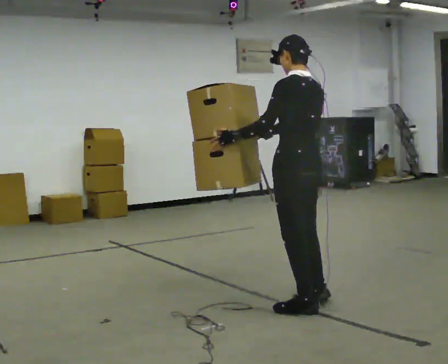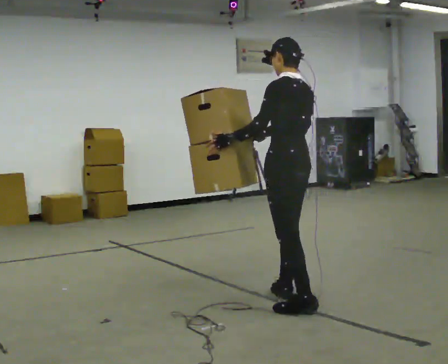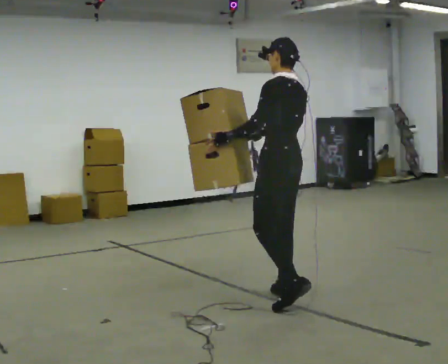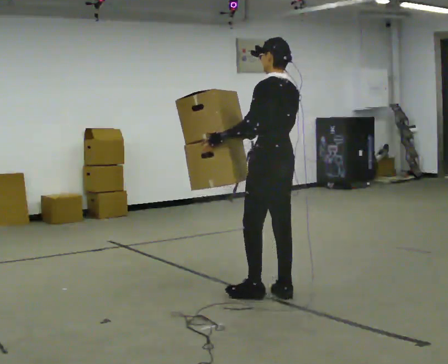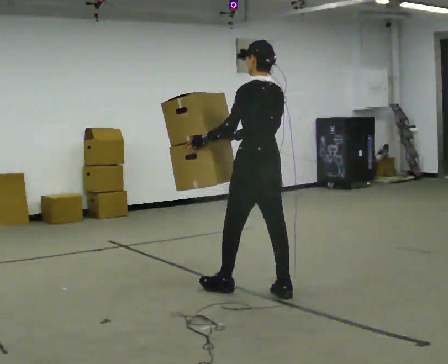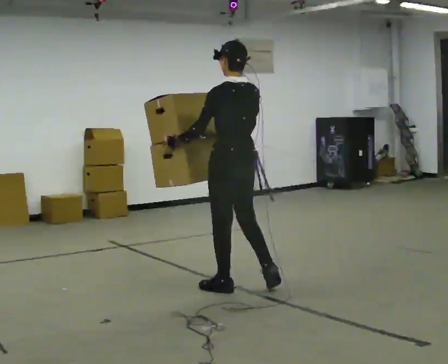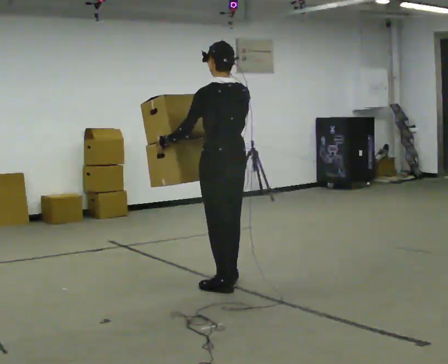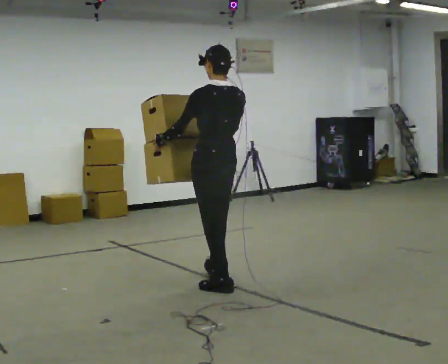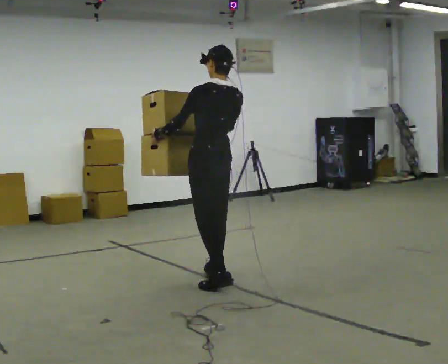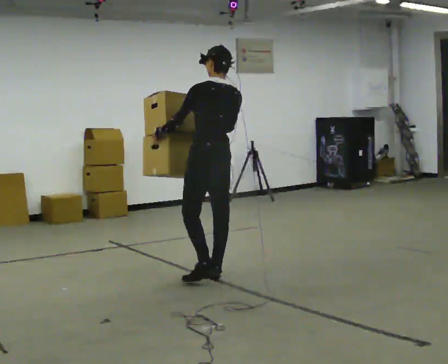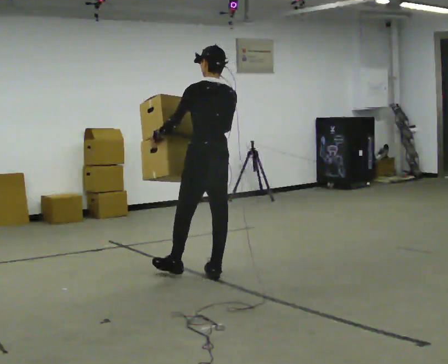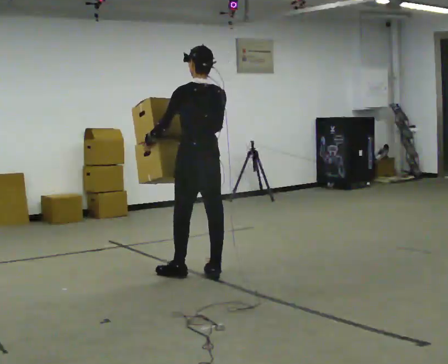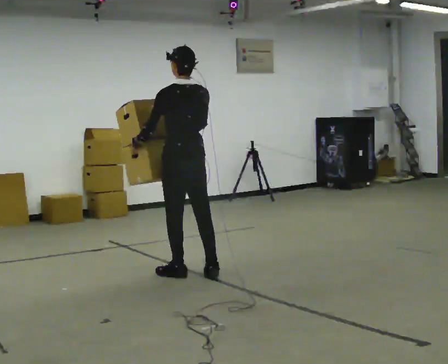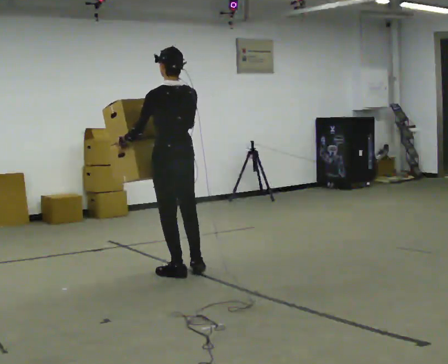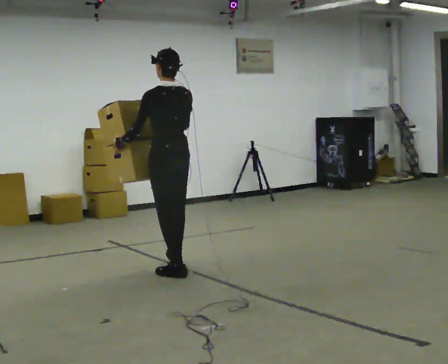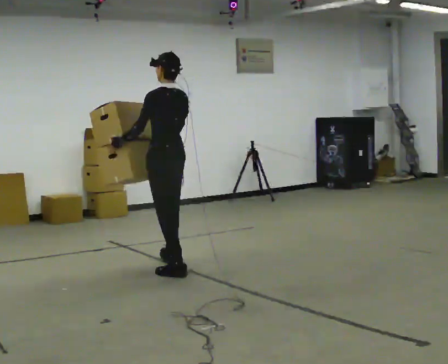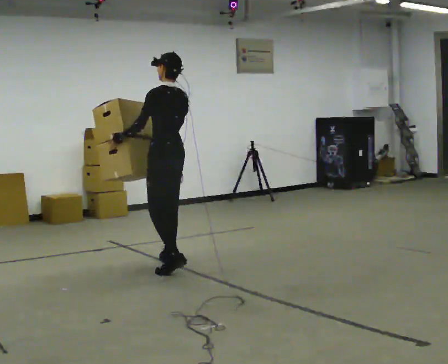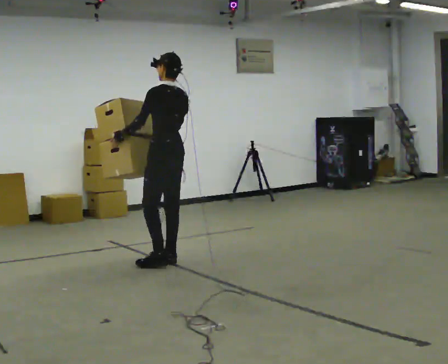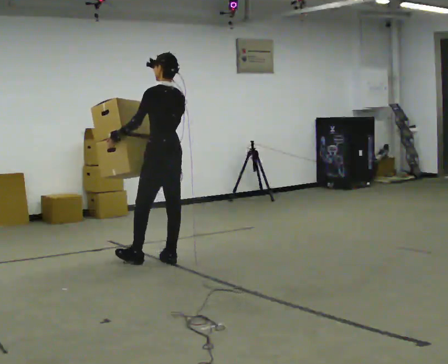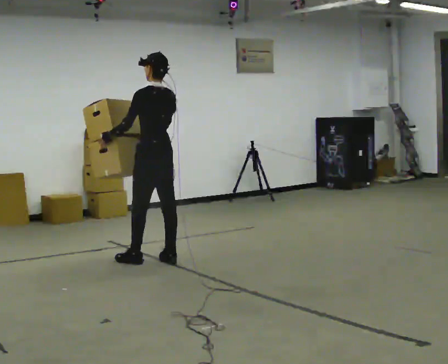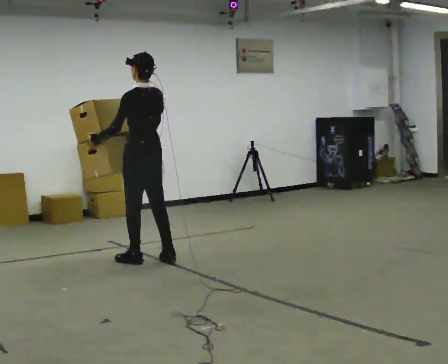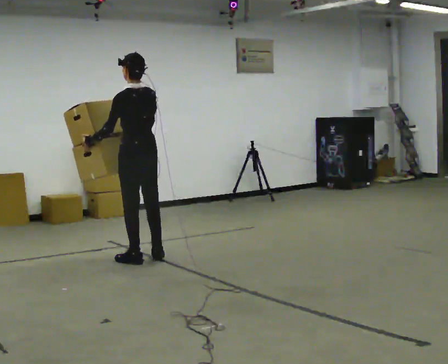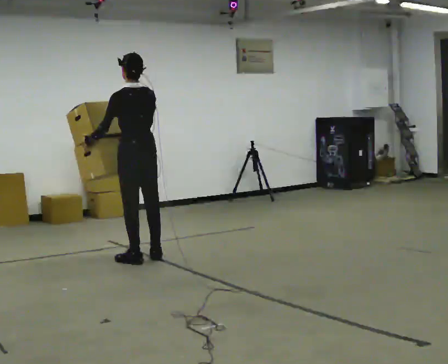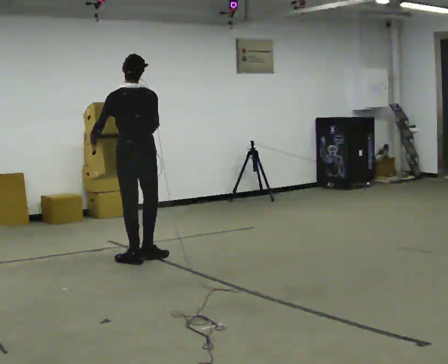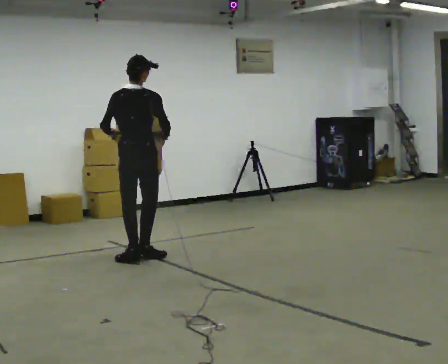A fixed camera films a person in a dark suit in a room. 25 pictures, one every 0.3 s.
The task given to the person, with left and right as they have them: Carry the large light object across the room, back and forth. It is awkward rather than heavy, so hold it however works.
0.0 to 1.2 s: In the picture they go away from the camera and to the left, about 0.5 m in 2 steps, which for them is forward.
1.2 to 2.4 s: In the picture they go away from the camera and to the left, about 0.5 m in 1 step, which for them is forward.
2.4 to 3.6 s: In the picture they go to the left and away from the camera, about 0.25 m in 1 step, which for them is forward.
3.6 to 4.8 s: The part of the body nearest the lens slides to the right as the person turns to their left by about 30 degrees. In the picture they go away from the camera, about 0.5 m in 1 step, which for them is forward.
4.8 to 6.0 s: In the picture they go to the left, about 0.25 m in 1 step, which for them is forward.
6.0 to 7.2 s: The person turns about 60 degrees to their right, clockwise seen from above, so the part of the body nearest the lens slides to the left. In the picture their right hand goes to the right, the arm swinging counterclockwise.
The film runs forward here.
